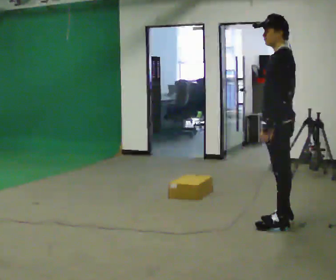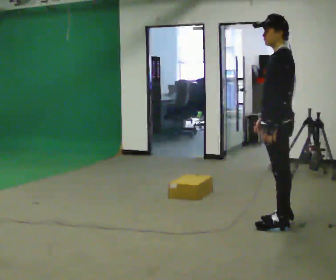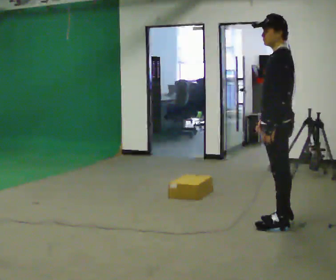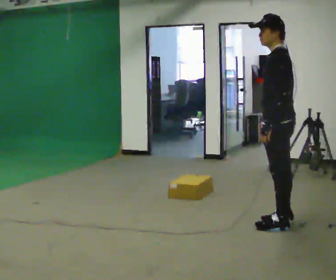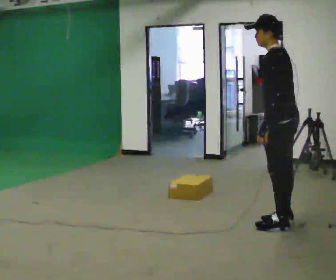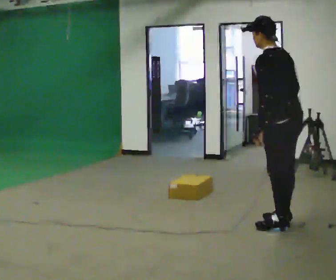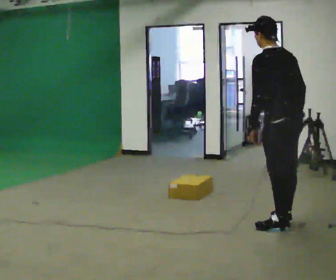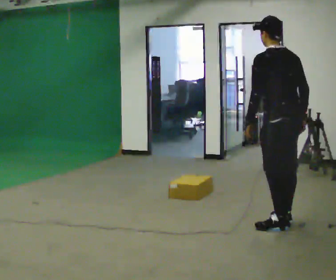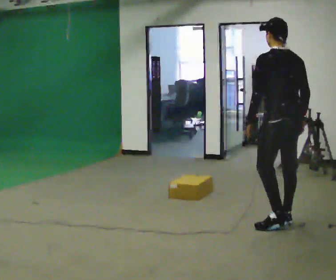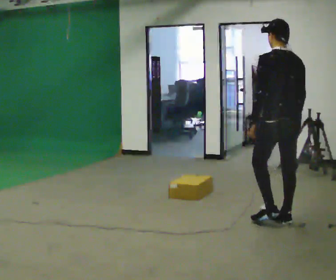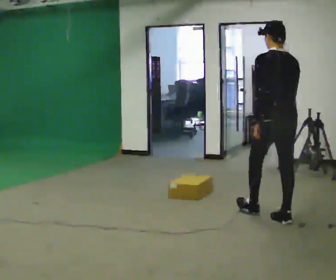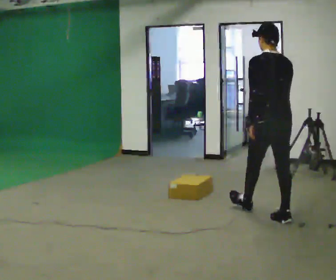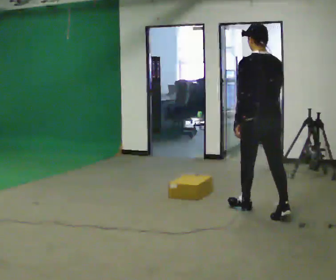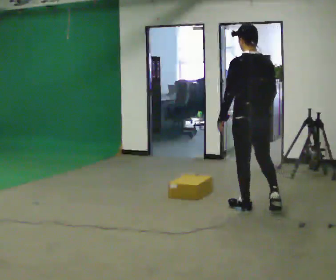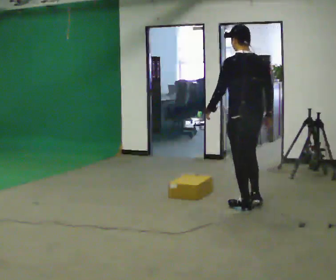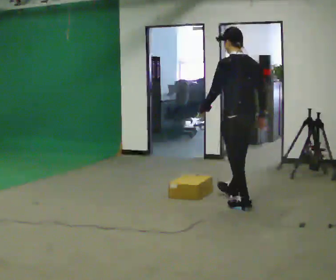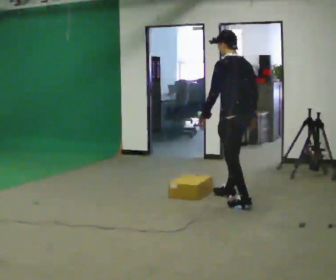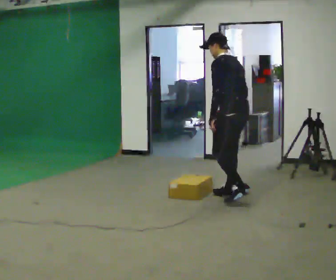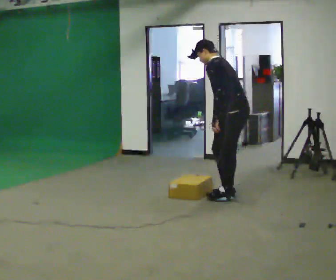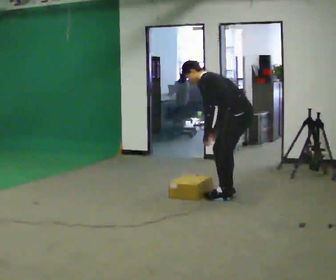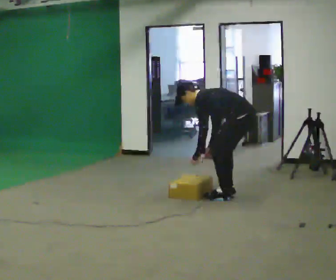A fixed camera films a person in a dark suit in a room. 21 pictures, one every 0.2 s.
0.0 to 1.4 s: Seen from above the body turns clockwise, about 45 degrees: to their right, with its near side sliding to the left.
1.4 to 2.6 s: In the picture they go away from the camera and to the left, about 0.5 m in 1 step, which for them is forward.
2.6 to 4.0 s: Seen from above the body turns counterclockwise, about 45 degrees: to their left, with its near side sliding to the right. In the picture they go away from the camera, about 0.5 m in 2 steps, which for them is to their right and forward. The upper body goes downward. In the picture the upper body tilts counterclockwise, shoulders to the left, as they bend forward. In the picture their left hand goes downward.
The film runs forward here.
